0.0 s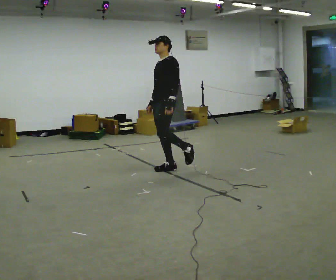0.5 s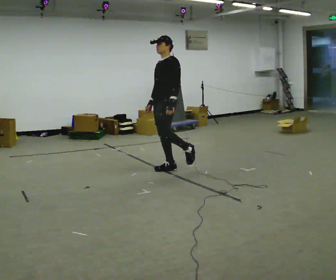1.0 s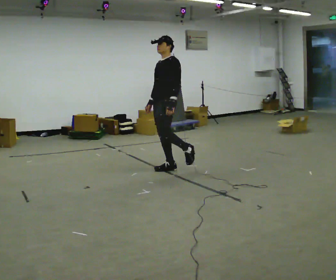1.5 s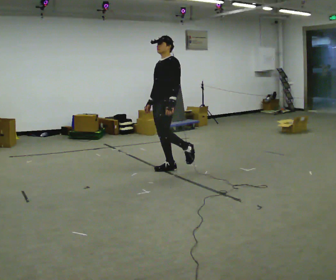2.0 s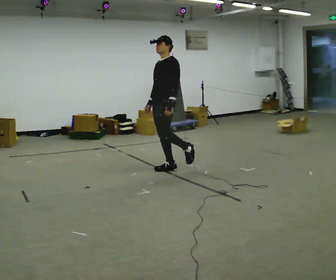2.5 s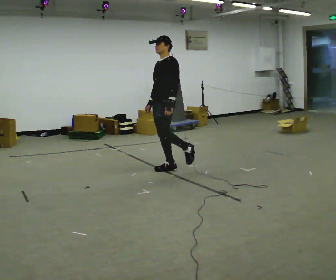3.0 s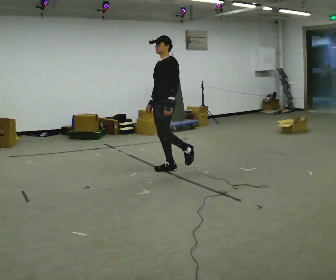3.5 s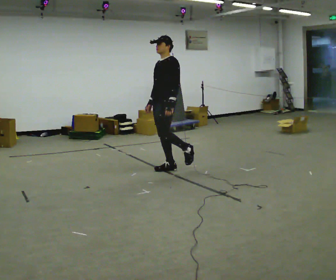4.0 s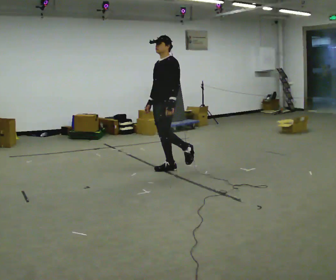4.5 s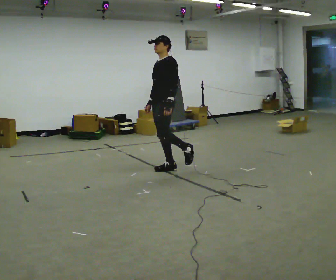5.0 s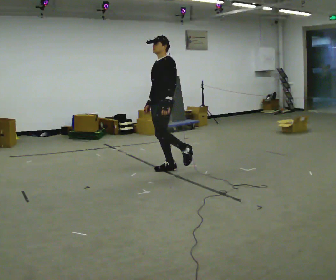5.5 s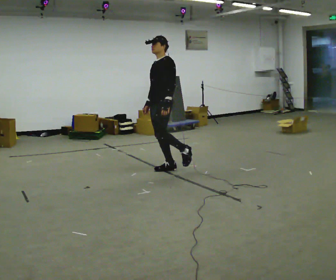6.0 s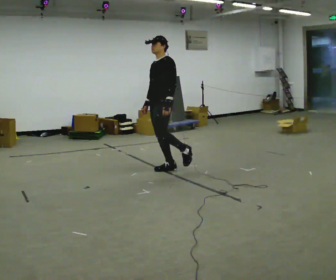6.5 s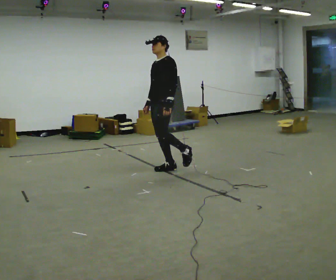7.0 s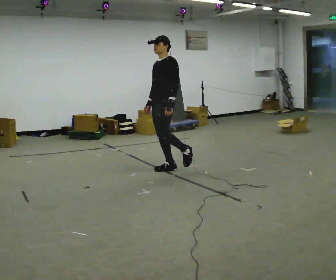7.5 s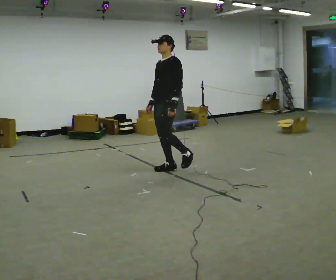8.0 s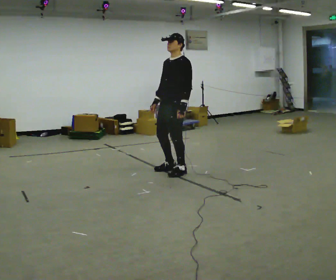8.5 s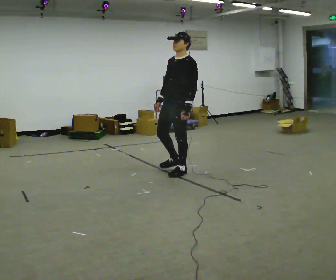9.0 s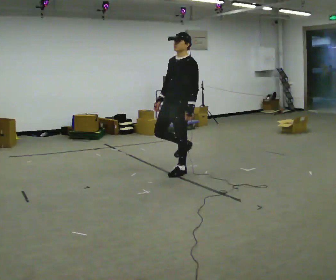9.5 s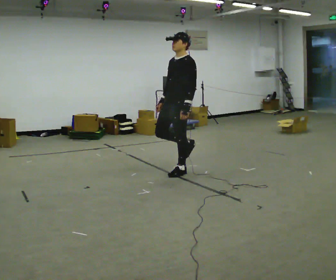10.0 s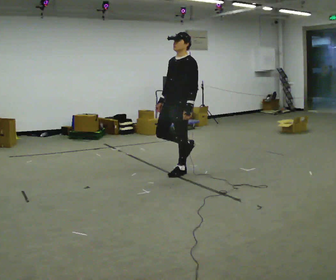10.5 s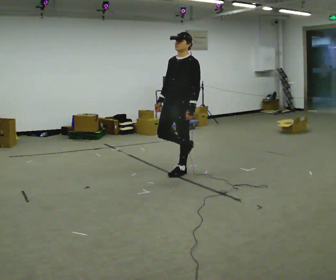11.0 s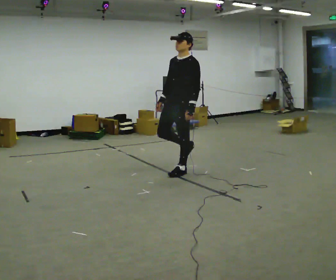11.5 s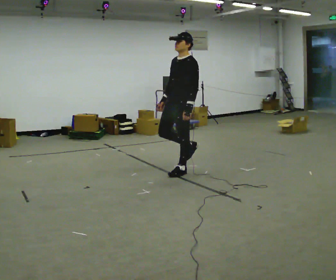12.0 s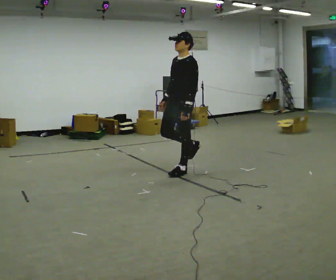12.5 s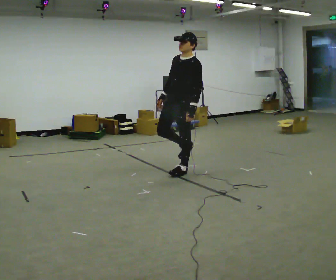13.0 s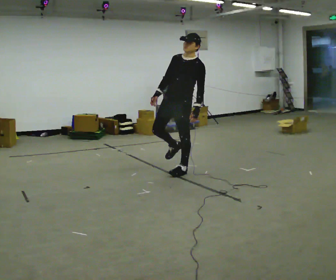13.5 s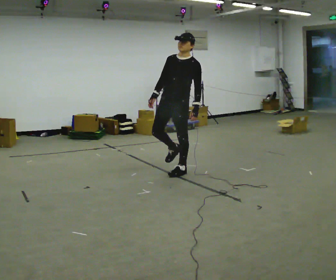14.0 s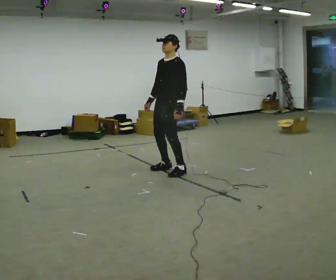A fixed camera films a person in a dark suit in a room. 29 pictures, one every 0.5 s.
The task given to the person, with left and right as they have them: Stand on one foot on the marked spot, on the side the operator calls. Hold it until you genuinely lose your balance, then put the other foot down. Repeat at your own pace until the operator says stop. Go slowly and only as far as you are comfortable. Step whenever you need to; do not try to hold on longer than feels safe.
0.0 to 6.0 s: The person moves a little, or ends about where they began.
6.0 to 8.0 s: In the picture they go to the right, about 0.25 m in 1 step, which for them is to their left.
8.0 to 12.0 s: The person moves a little, or ends about where they began.
12.0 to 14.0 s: In the picture they go to the left, about 0.25 m in 1 step, which for them is to their right.
The film runs forward here.
